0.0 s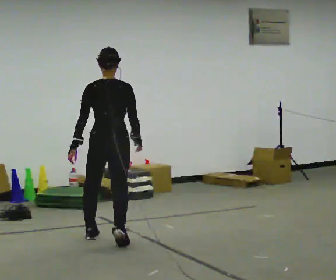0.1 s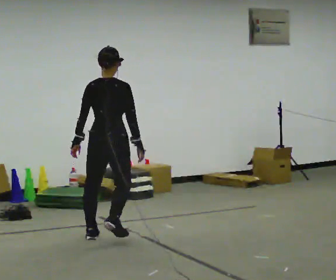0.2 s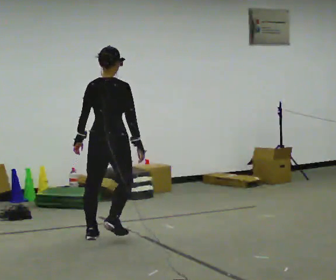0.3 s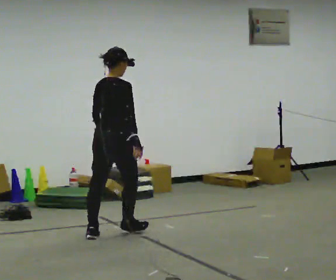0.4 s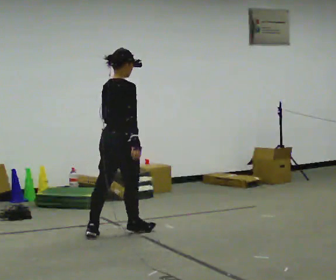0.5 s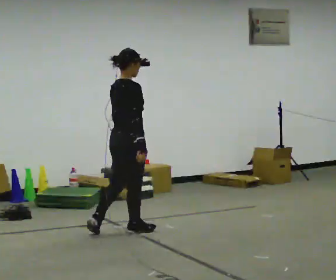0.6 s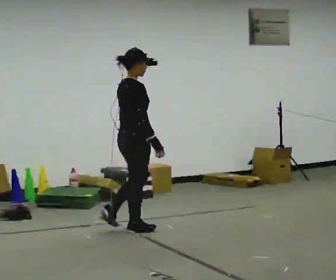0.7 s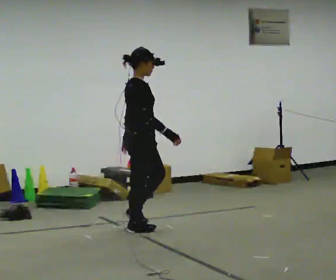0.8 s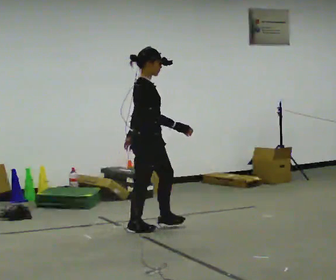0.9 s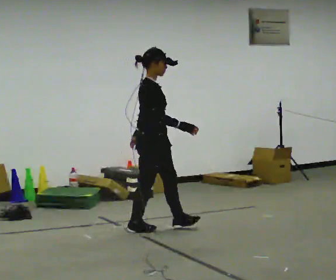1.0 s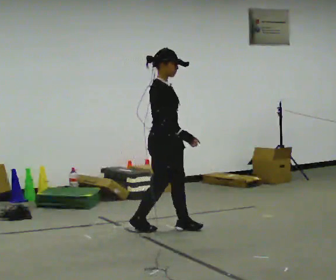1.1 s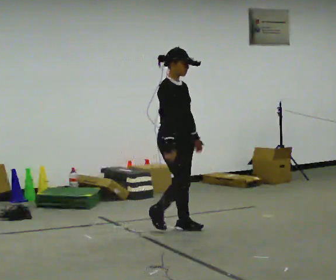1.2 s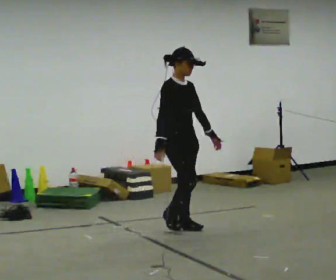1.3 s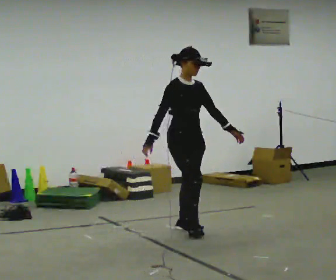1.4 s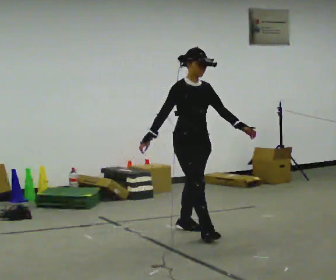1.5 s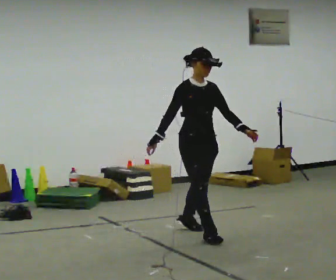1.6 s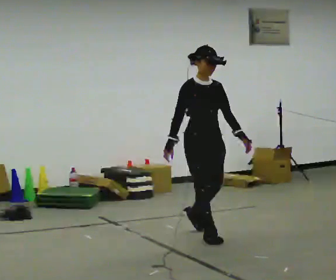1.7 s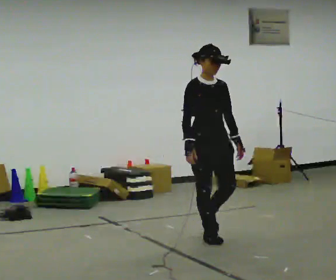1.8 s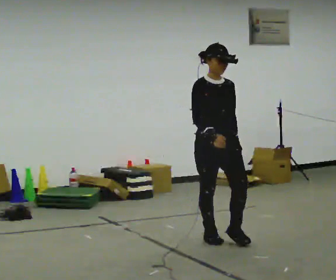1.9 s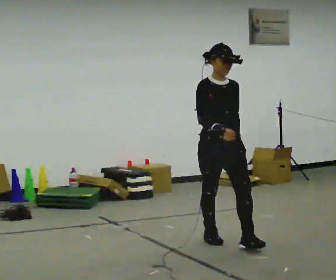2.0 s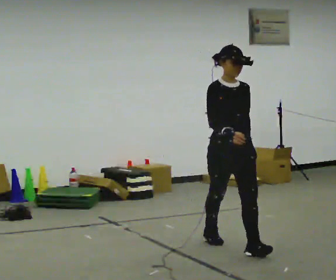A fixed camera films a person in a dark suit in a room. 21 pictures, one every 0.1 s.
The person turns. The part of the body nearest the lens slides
to the left.
The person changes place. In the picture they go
to the right.
0.0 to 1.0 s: The part of the body nearest the lens slides to the left as the person turns to their right by about 105 degrees. In the picture they go to the right and away from the camera, about 0.5 m in 2 steps.
1.0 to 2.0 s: The person turns about 45 degrees to their right, clockwise seen from above, so the part of the body nearest the lens slides to the left. In the picture they go toward the camera and to the right, about 1 m in 2 steps, which for them is forward.
The film runs forward here.
